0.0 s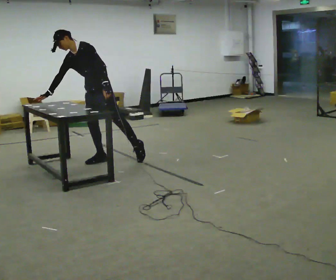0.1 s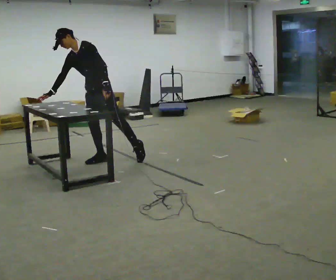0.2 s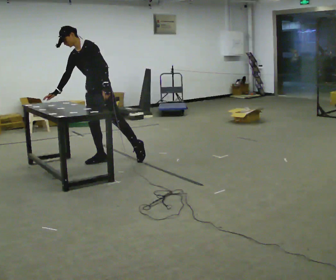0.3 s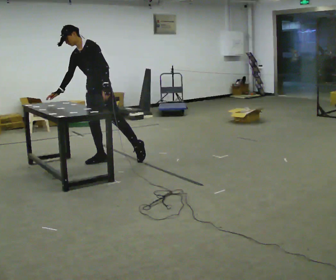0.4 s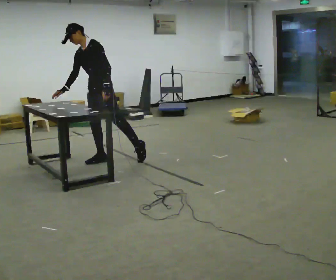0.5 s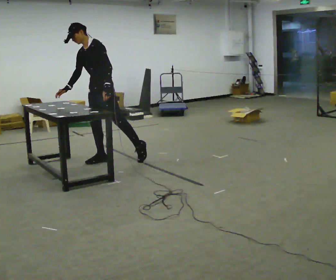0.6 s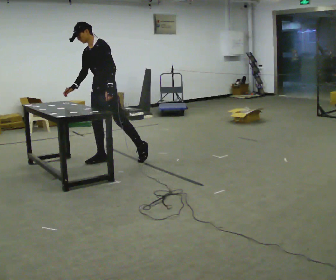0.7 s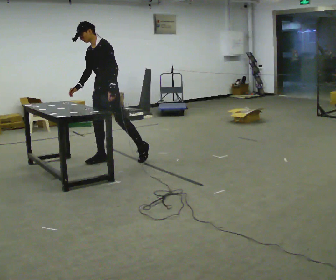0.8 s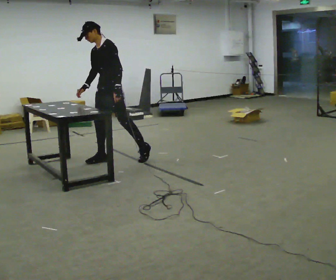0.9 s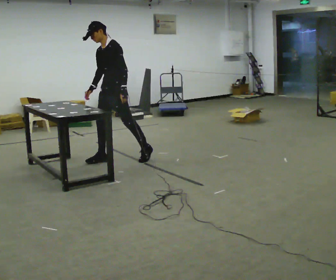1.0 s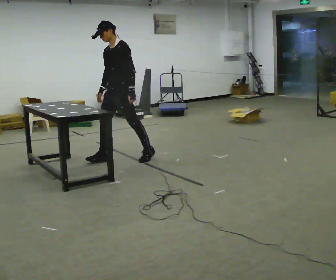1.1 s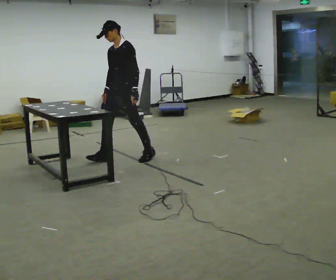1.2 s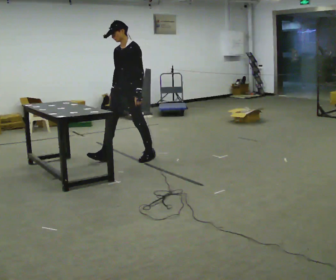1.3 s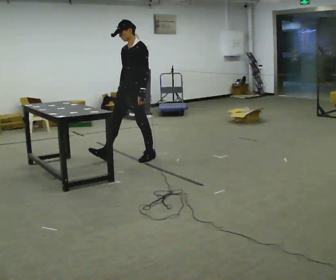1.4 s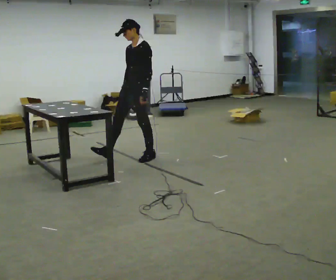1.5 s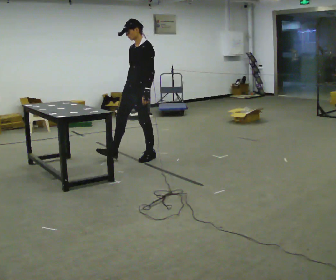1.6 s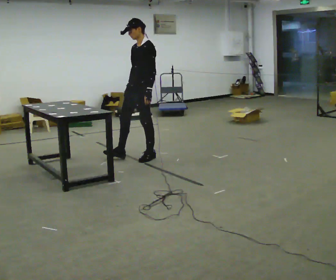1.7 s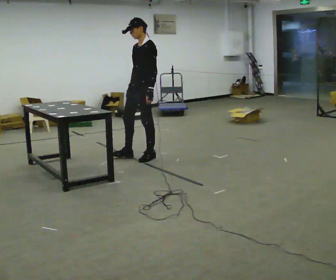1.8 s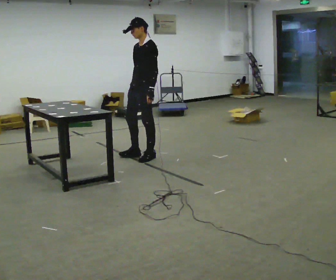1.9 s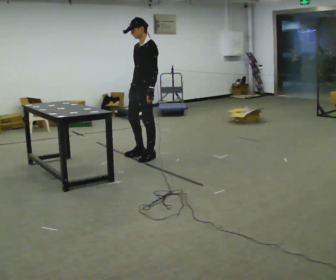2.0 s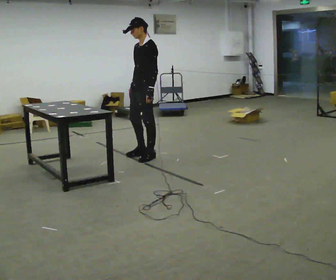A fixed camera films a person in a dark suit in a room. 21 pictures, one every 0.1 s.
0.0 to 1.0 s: In the picture they go to the right, about 0.25 m, which for them is backward and to their left. In the picture the upper body tilts clockwise, shoulders to the right, as they lean back or straighten.
1.0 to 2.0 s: In the picture they go to the right, about 0.25 m in 1 step, which for them is backward.
The film runs backward here.
